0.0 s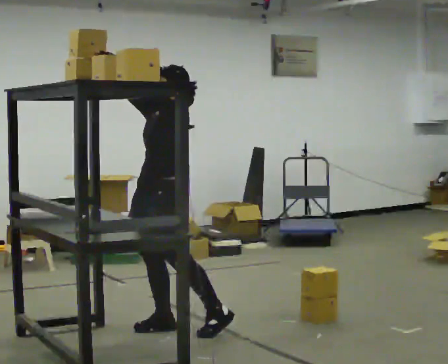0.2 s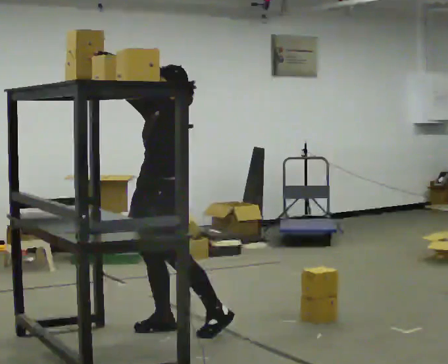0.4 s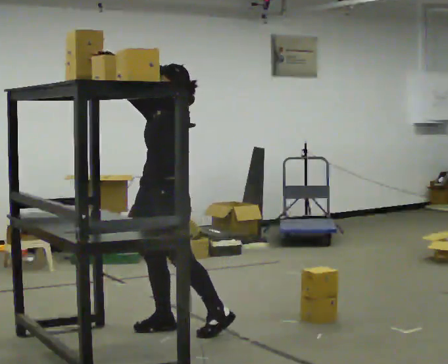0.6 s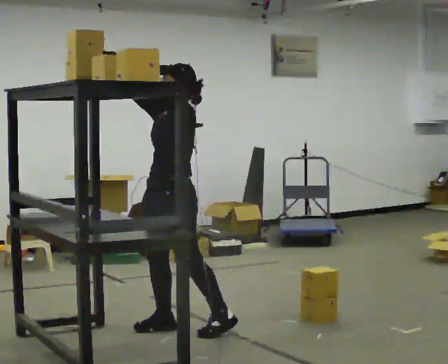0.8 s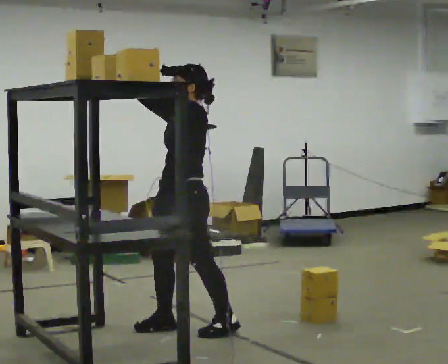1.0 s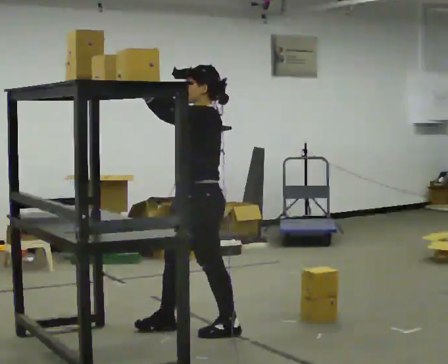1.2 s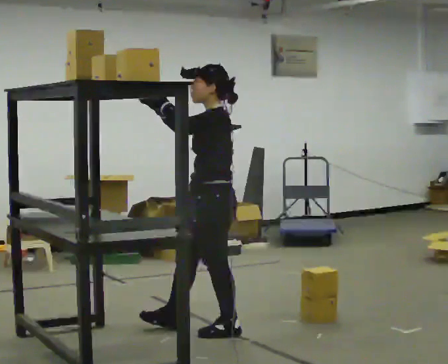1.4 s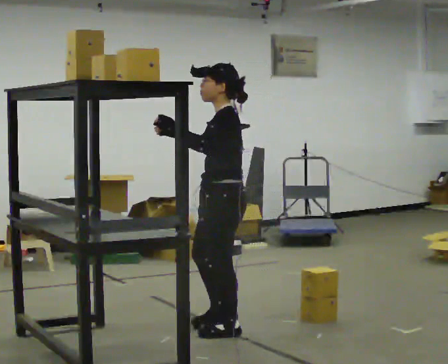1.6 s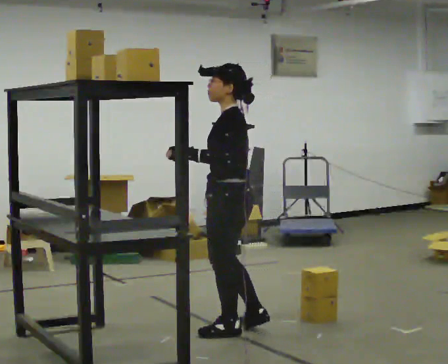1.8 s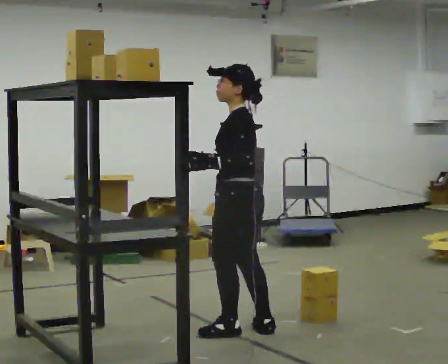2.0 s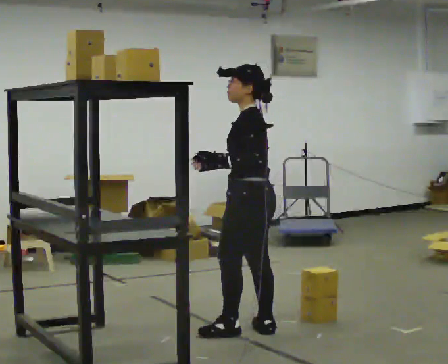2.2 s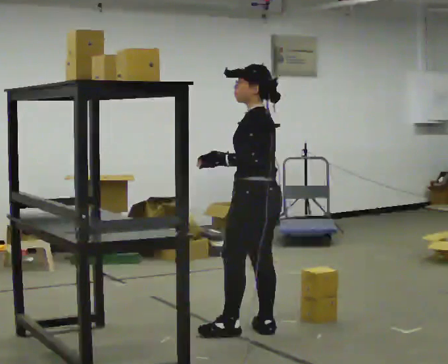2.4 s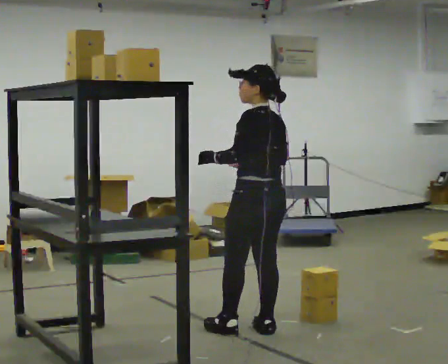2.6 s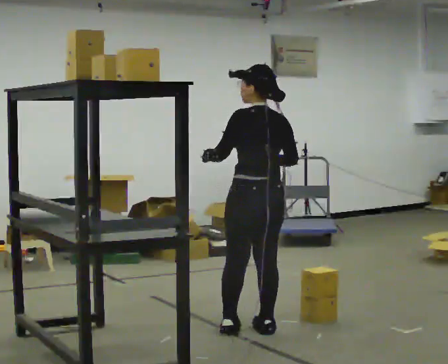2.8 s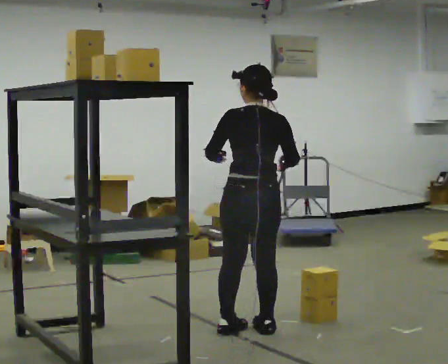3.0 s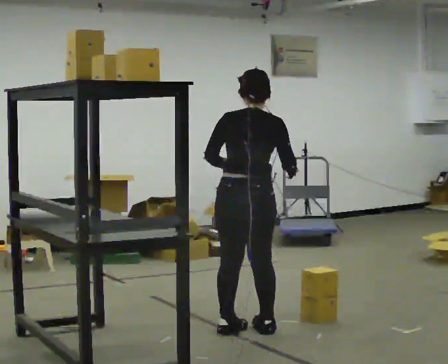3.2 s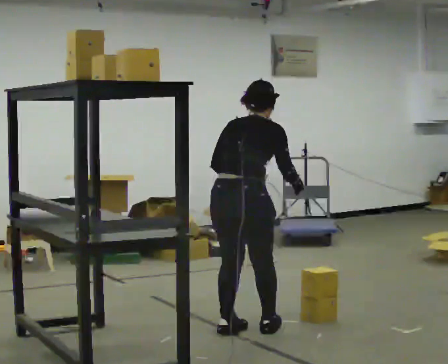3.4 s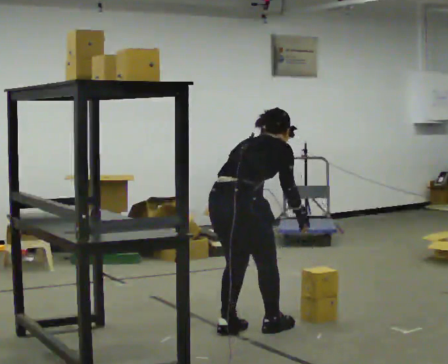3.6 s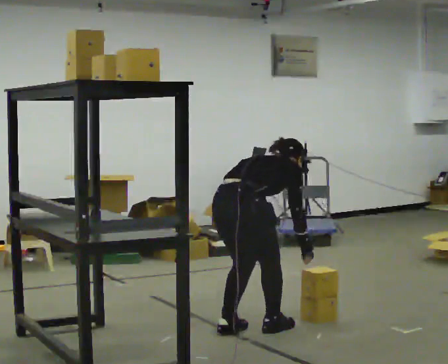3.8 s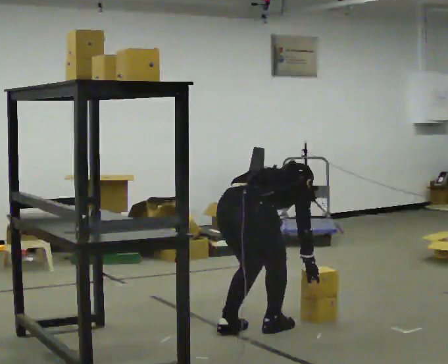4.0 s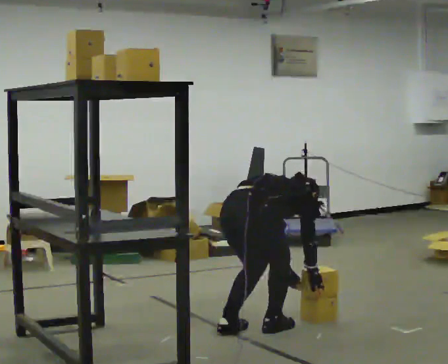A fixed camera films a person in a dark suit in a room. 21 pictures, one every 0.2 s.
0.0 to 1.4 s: The part of the body nearest the lens slides to the left as the person turns to their right by about 30 degrees. In the picture they go to the right, about 0.5 m in 1 step, which for them is to their left and backward. In the picture their right hand goes downward, the arm swinging counterclockwise.
1.4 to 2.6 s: Seen from above the body turns clockwise, about 60 degrees: to their right, with its near side sliding to the left. In the picture they go to the right, about 0.25 m. In the picture their right hand goes to the right.
2.6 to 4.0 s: The person turns about 75 degrees to their right, clockwise seen from above, so the part of the body nearest the lens slides to the left. The upper body goes downward. The upper body tips away from the camera, its near side rolling upward, as they bend forward. In the picture their right hand goes downward.
The film runs backward here.
